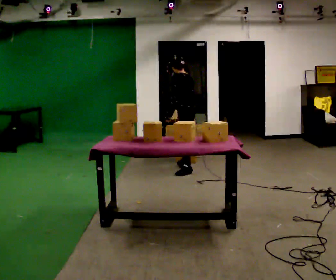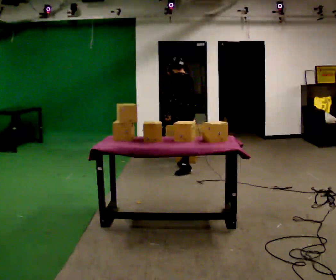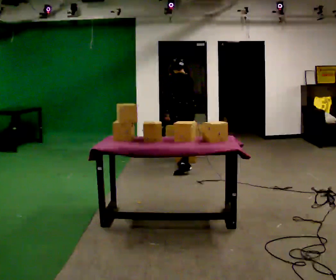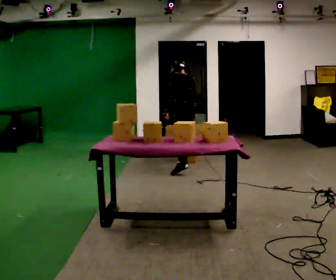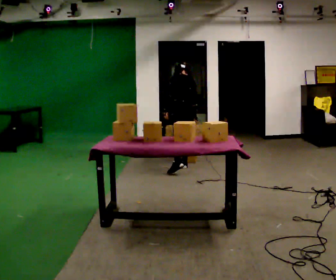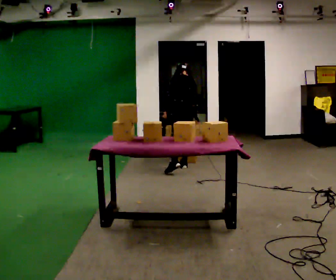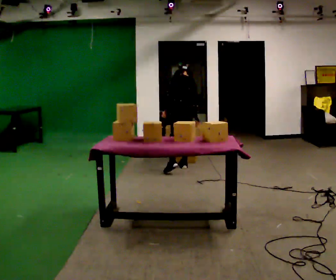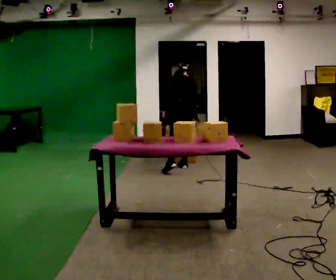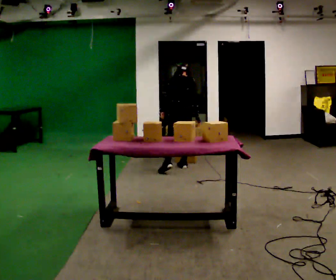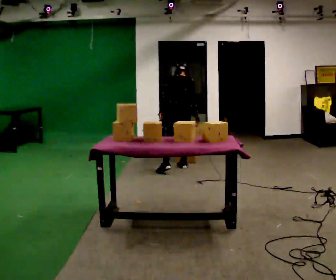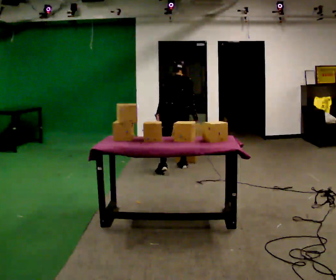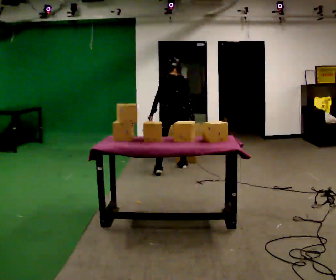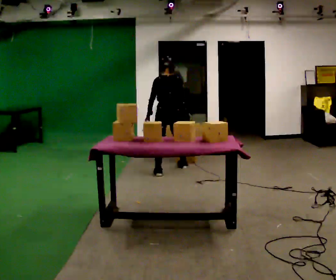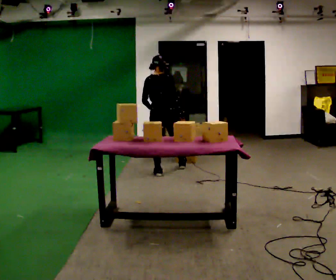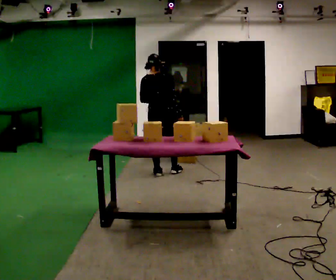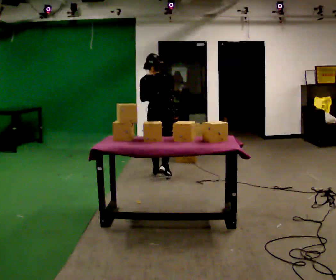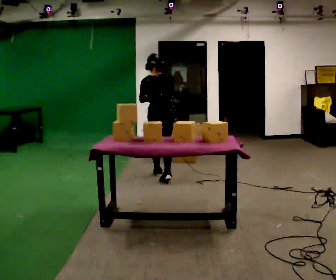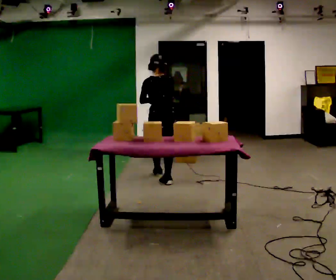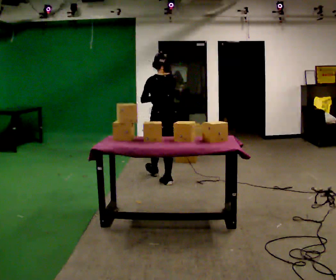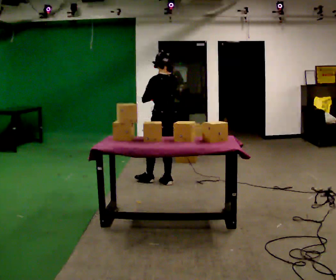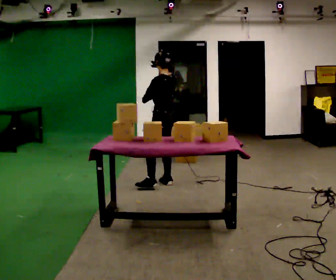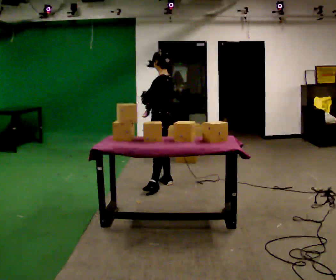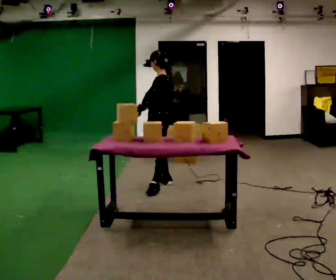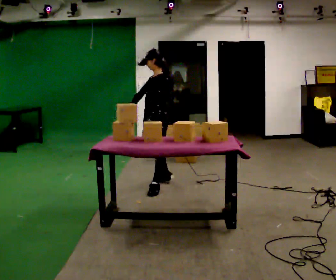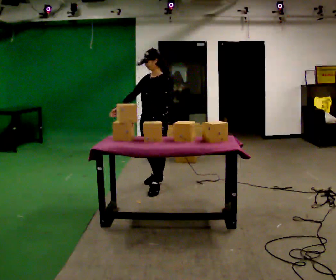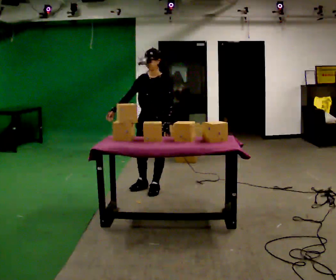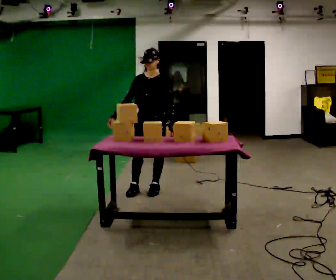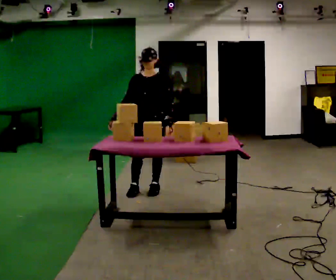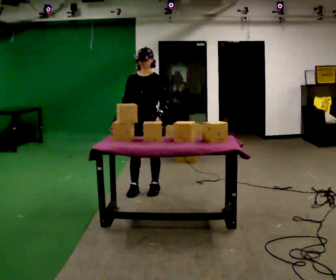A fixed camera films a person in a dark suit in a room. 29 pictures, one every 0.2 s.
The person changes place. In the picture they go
toward the camera.
0.0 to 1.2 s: The part of the body nearest the lens slides to the left as the person turns to their right by about 30 degrees. The upper body tips away from the camera, its near side rolling upward, as they bend forward.
1.2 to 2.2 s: The person moves a little, or ends about where they began.
2.2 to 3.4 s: In the picture they go toward the camera, about 0.5 m in 1 step, which for them is backward. The upper body tips toward the camera, its near side rolling downward, as they lean back or straighten.
3.4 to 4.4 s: The part of the body nearest the lens slides to the right as the person turns to their left by about 75 degrees. In the picture they go toward the camera, about 0.25 m in 1 step.
4.4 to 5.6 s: Seen from above the body turns counterclockwise, about 75 degrees: to their left, with its near side sliding to the right. In the picture they go toward the camera and to the left, about 0.25 m in 1 step.
The film runs backward here.
